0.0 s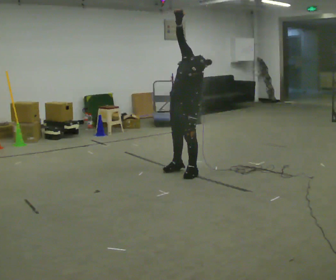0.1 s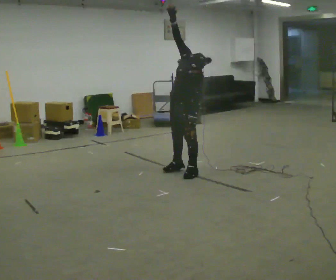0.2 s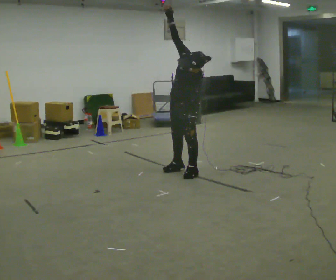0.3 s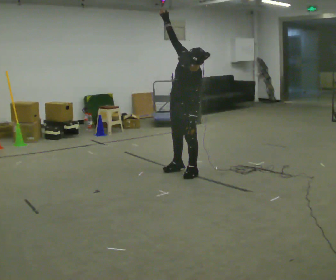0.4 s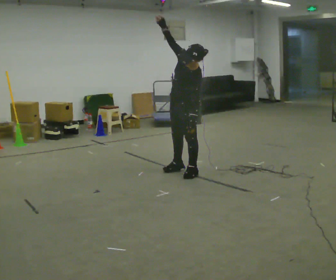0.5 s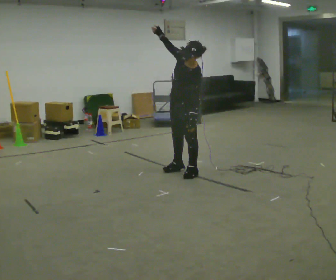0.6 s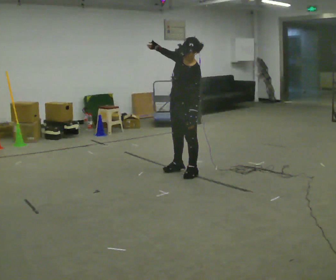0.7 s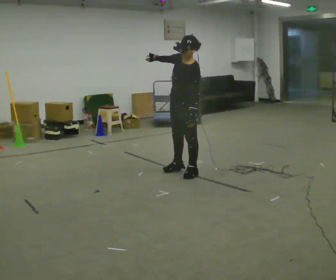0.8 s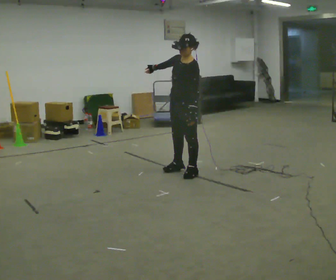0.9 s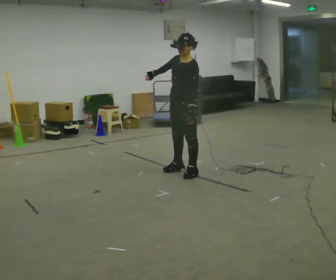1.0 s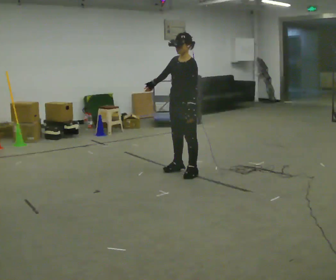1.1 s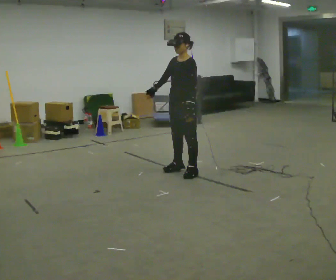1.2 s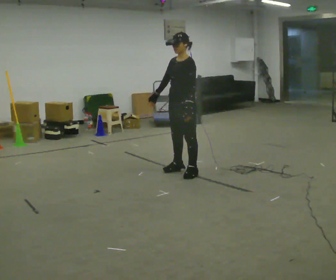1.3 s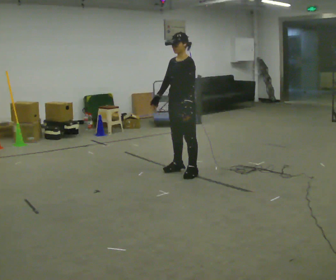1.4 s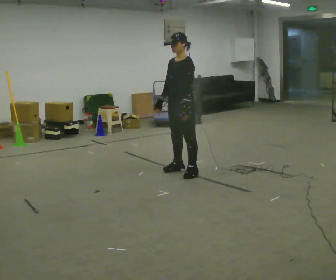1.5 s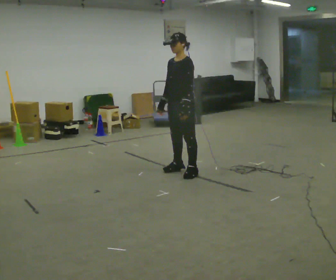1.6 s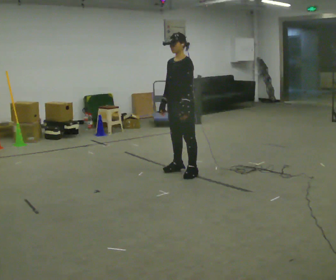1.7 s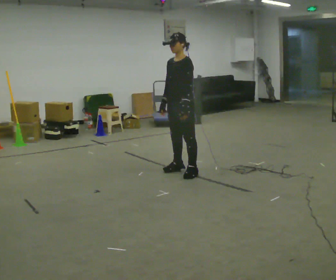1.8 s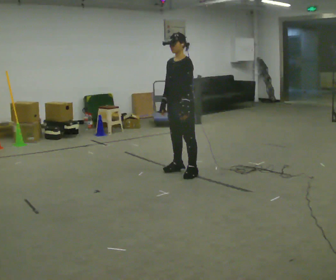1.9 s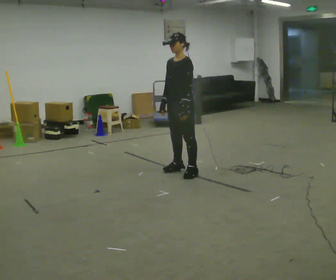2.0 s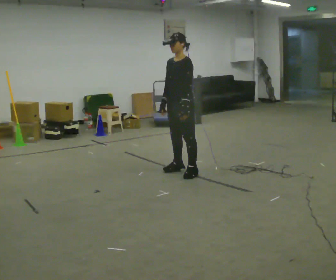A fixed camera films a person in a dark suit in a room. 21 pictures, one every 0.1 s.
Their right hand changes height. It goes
downward.
Their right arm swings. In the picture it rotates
counterclockwise.
0.0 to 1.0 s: The upper body tips away from the camera, its near side rolling upward. In the picture their right hand goes downward, the arm swinging counterclockwise.
1.0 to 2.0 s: The person moves a little, or ends about where they began.
The film runs backward here.
